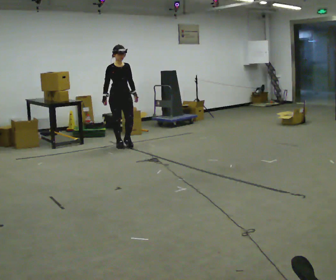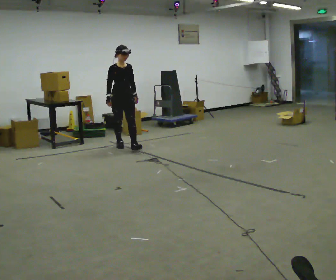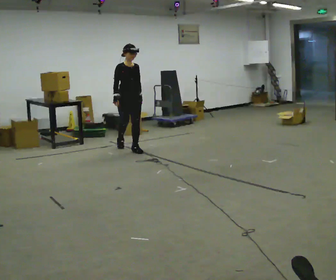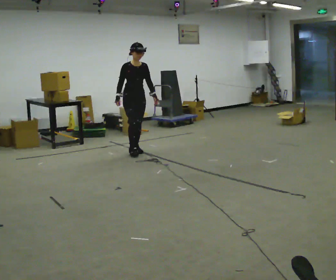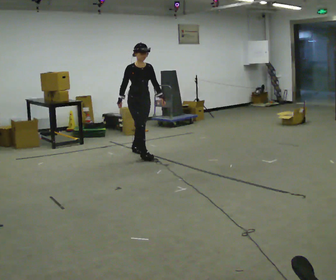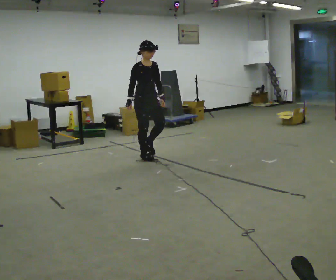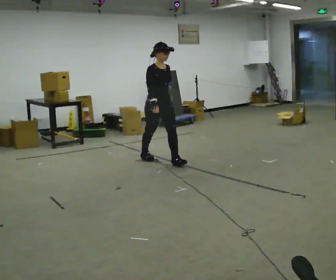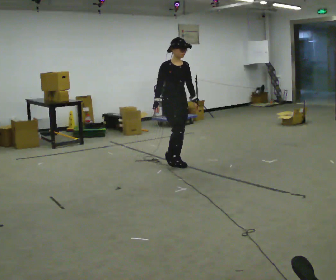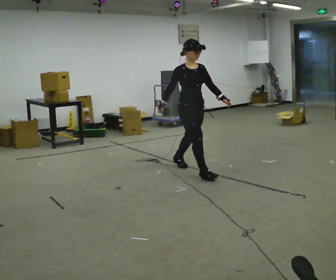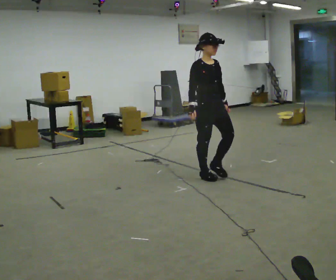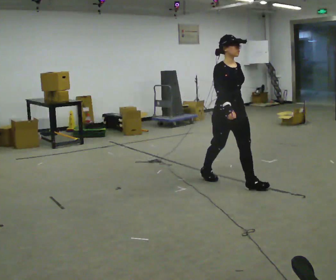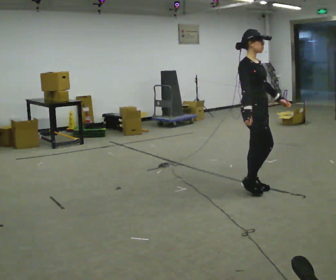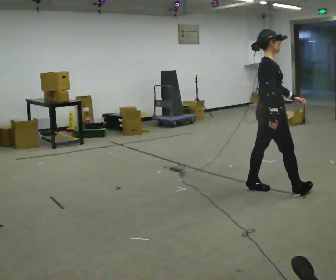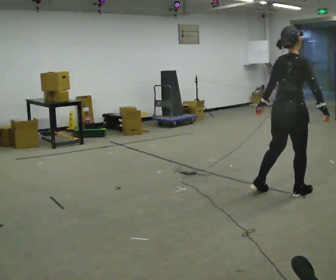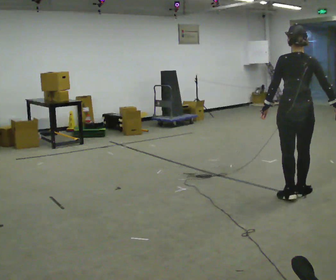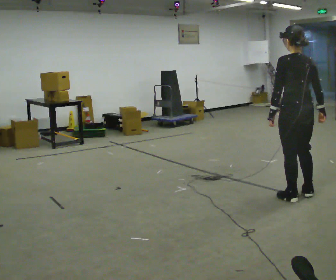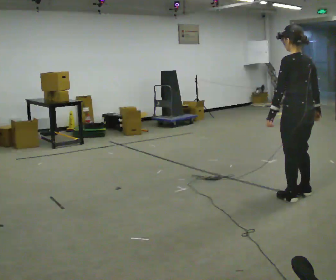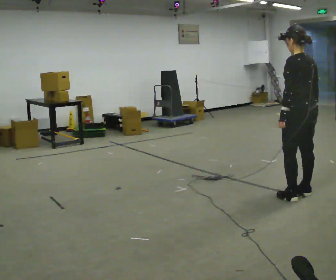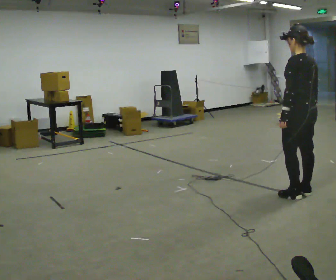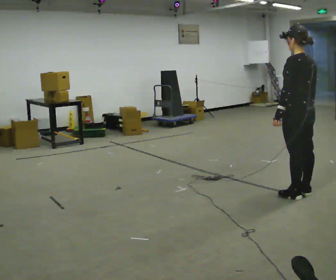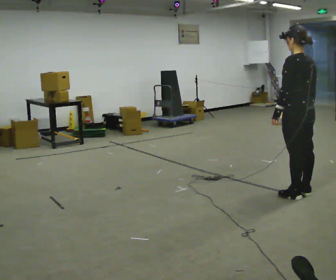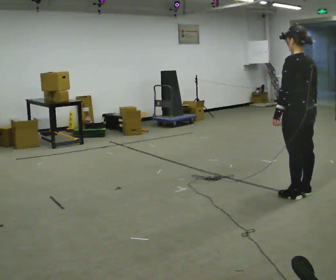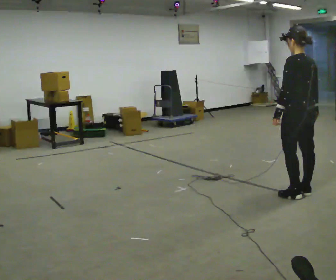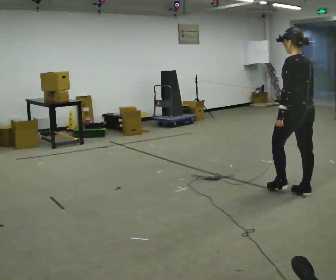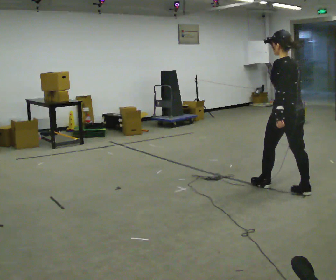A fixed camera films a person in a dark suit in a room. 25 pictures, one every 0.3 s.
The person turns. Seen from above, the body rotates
counterclockwise.
The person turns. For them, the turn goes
to their left.
0.0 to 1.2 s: In the picture they go to the right and toward the camera, about 0.75 m in 2 steps, which for them is forward.
1.2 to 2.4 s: In the picture they go to the right and toward the camera, about 1 m in 2 steps, which for them is forward.
2.4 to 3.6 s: The person turns about 45 degrees to their left, counterclockwise seen from above, so the part of the body nearest the lens slides to the right. In the picture they go to the right and toward the camera, about 1 m in 2 steps.
3.6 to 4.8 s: Seen from above the body turns counterclockwise, about 120 degrees: to their left, with its near side sliding to the right. In the picture they go to the right and toward the camera, about 0.25 m in 1 step.
4.8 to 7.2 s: In the picture they go away from the camera, about 0.25 m in 1 step, which for them is forward.
The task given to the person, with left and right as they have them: Start still; gradually go slow → normal → fast; briefly maintain fast speed; stop.
The film runs forward here.
